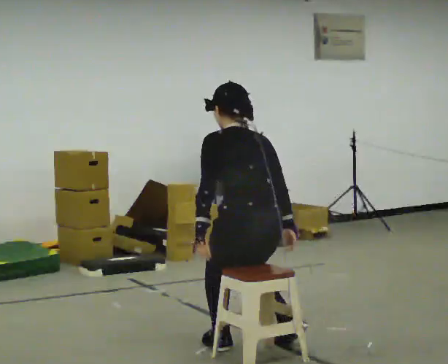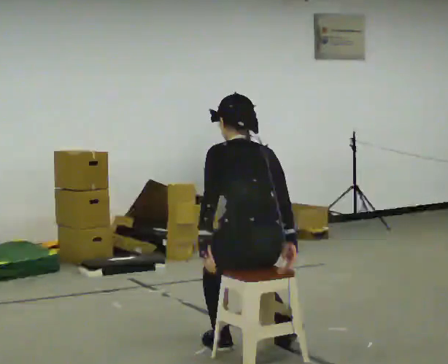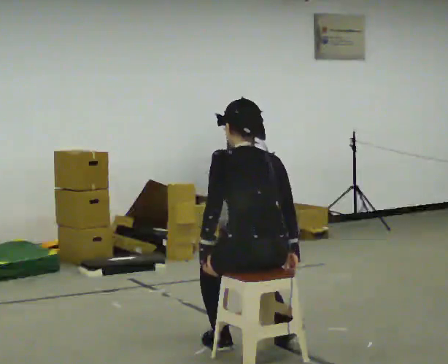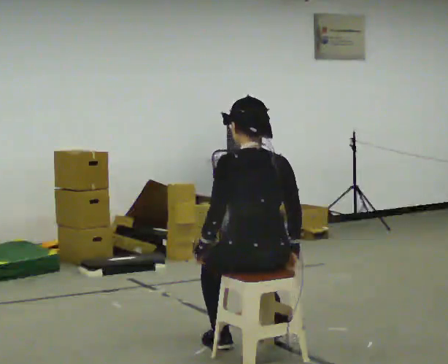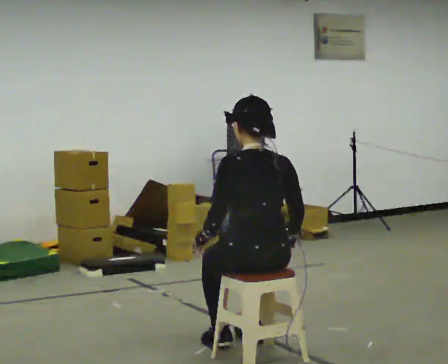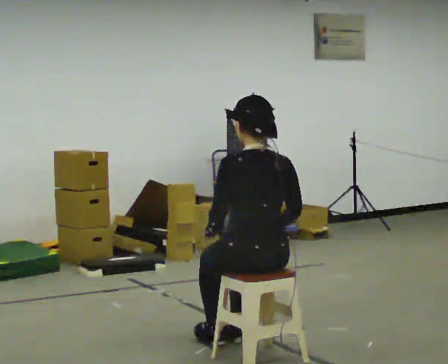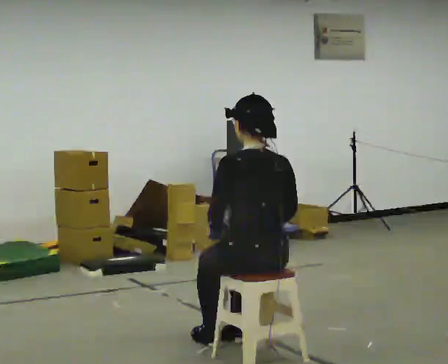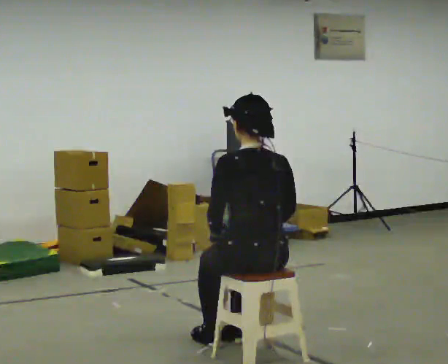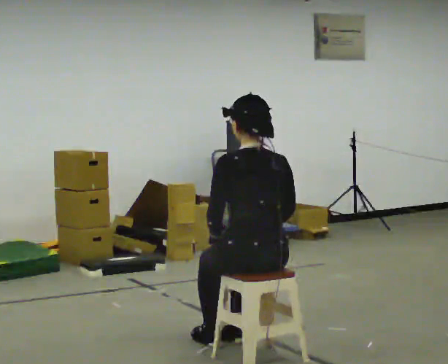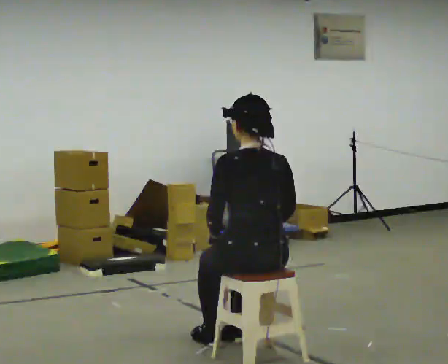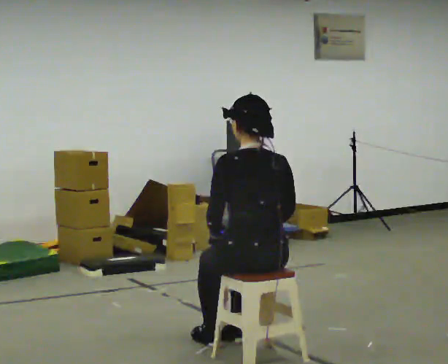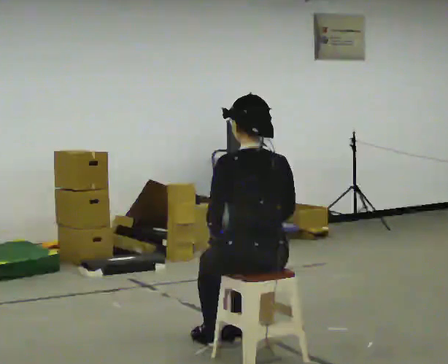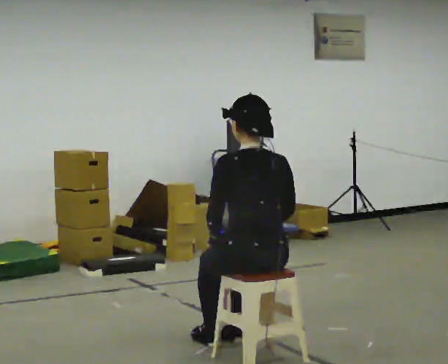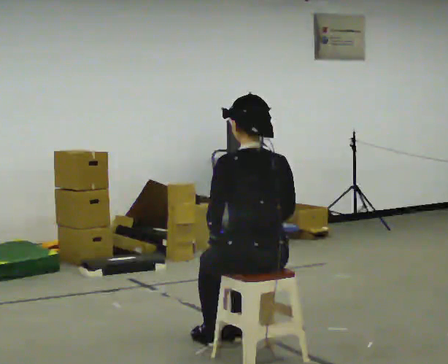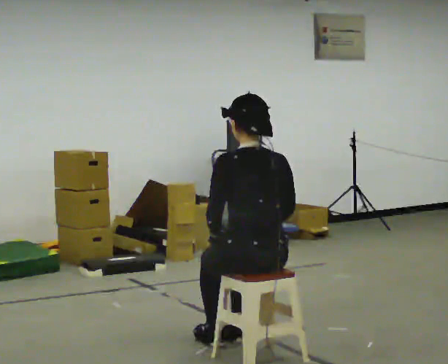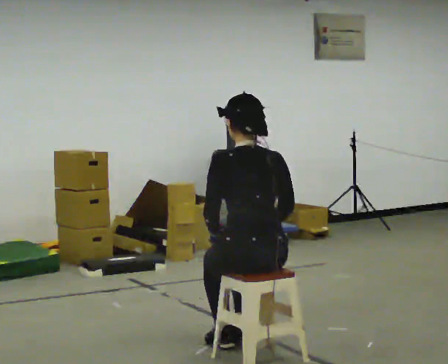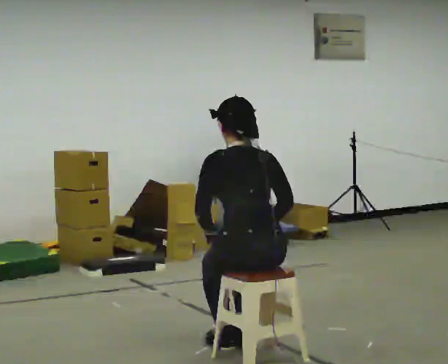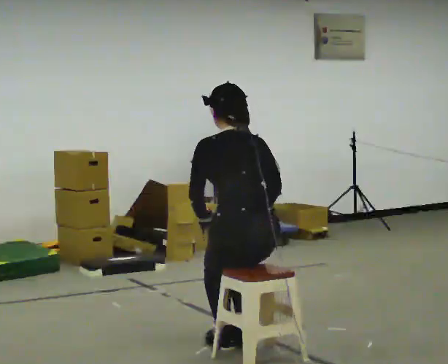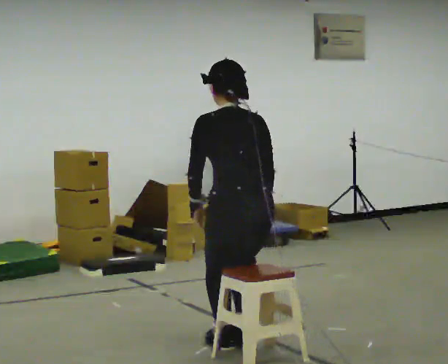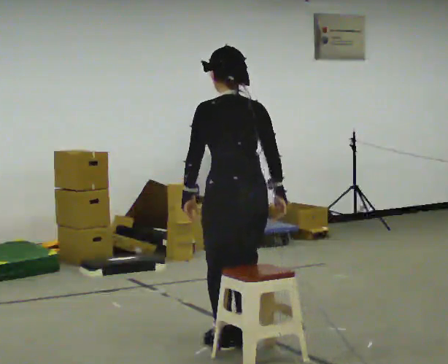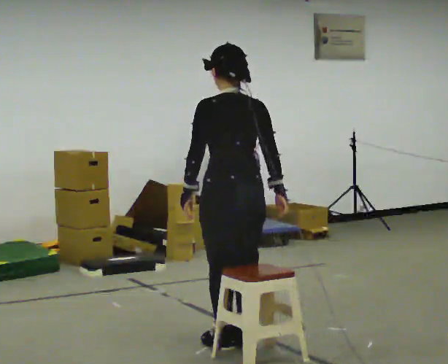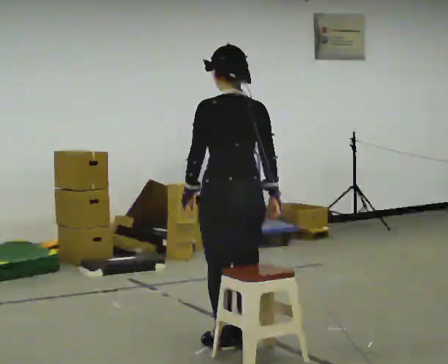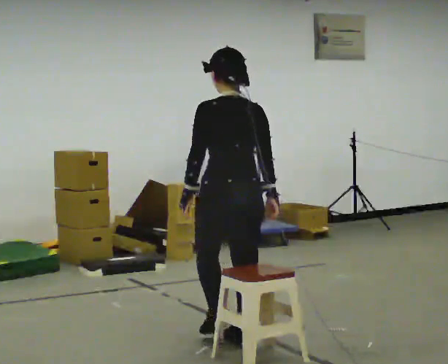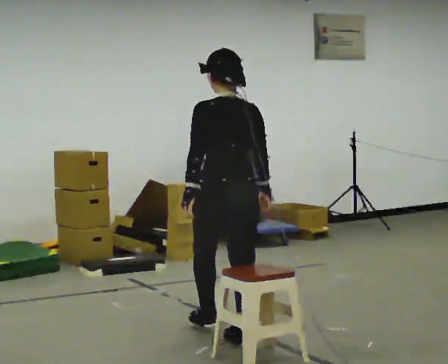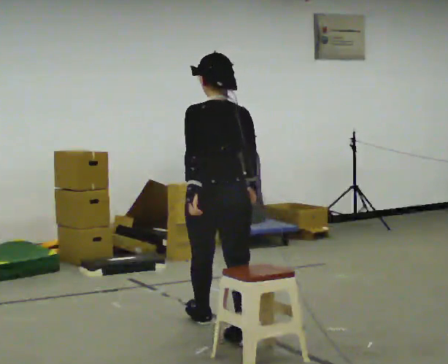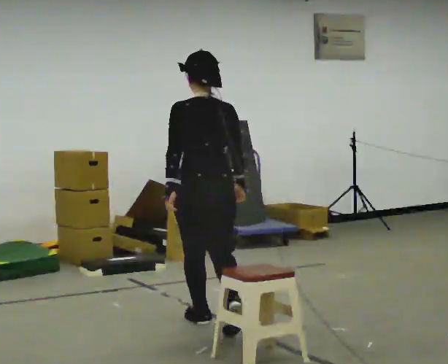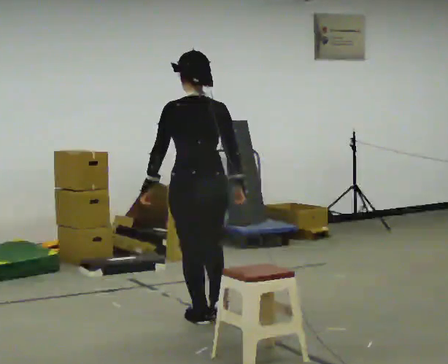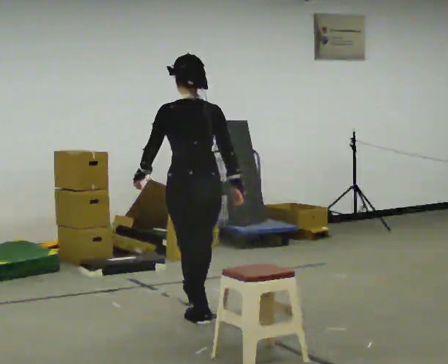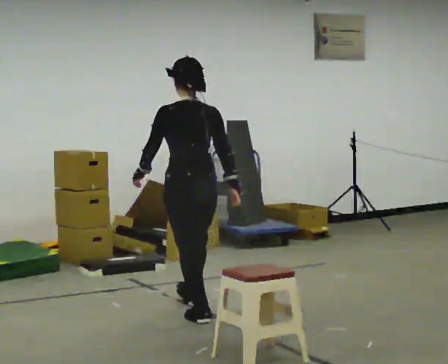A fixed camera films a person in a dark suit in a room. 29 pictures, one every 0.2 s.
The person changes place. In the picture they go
away from the camera.
0.0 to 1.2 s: The upper body tips toward the camera, its near side rolling downward, as they lean back or straighten.
1.2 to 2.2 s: The person keeps their place and pose.
2.2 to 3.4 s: The upper body tips away from the camera, its near side rolling upward, as they bend forward.
3.4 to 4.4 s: In the picture they go away from the camera, about 0.25 m, which for them is forward. The shoulders move upward. The upper body tips toward the camera, its near side rolling downward, as they lean back or straighten.
4.4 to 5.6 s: In the picture they go away from the camera and to the left, about 1 m in 2 steps, which for them is forward.
The film runs forward here.
